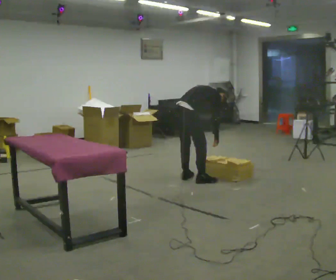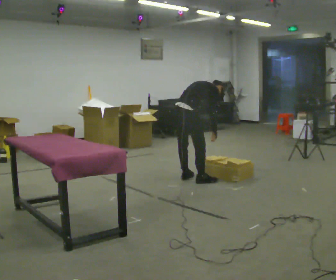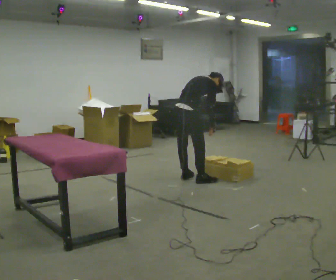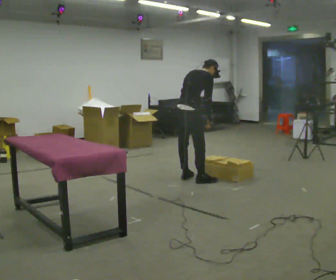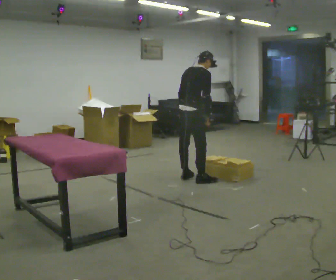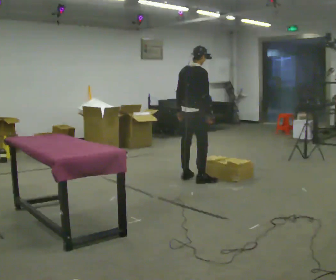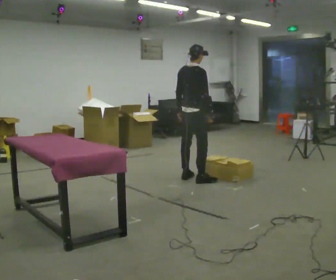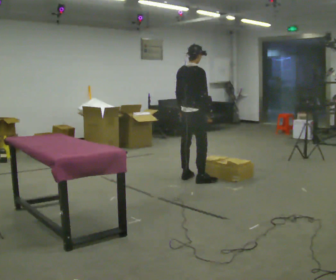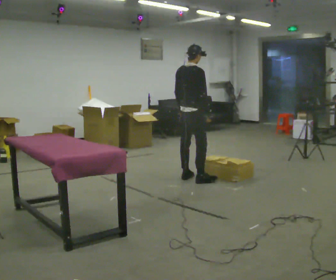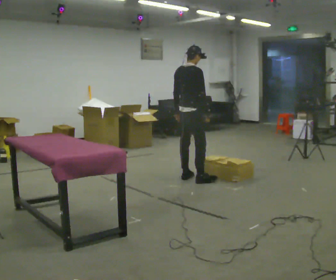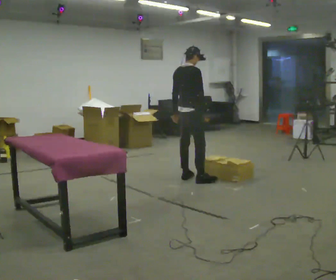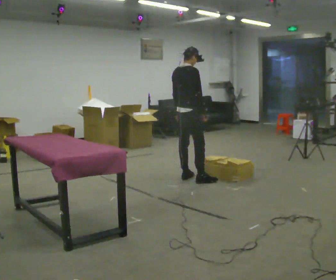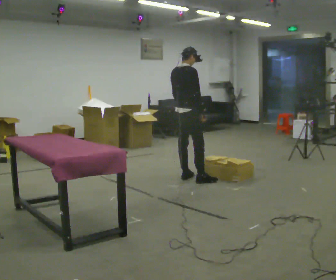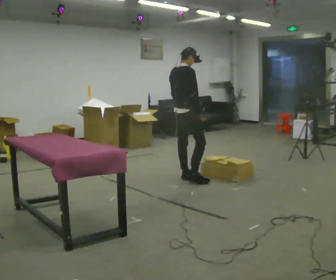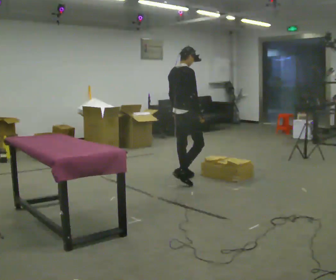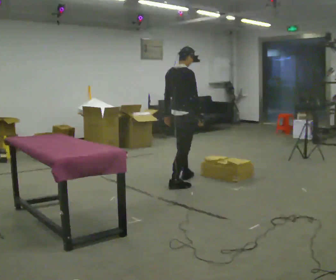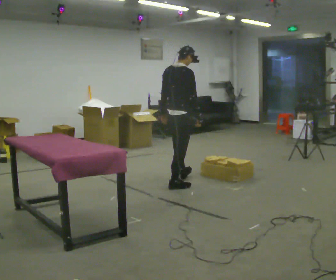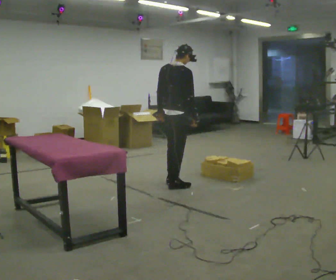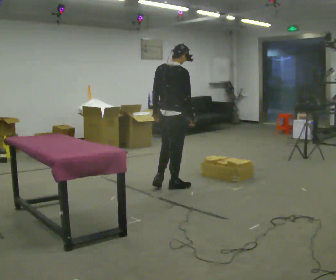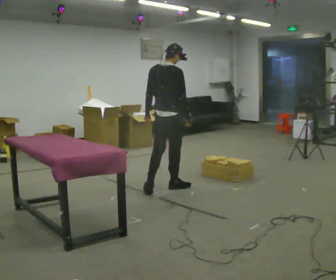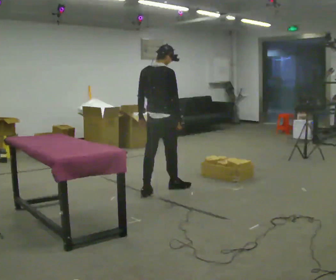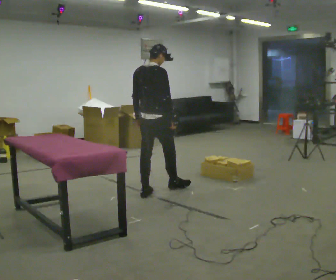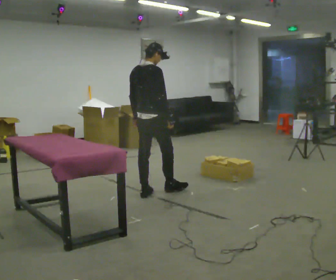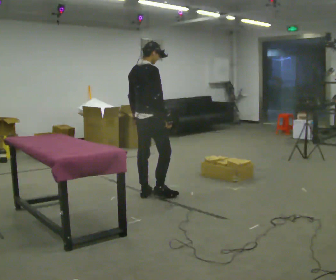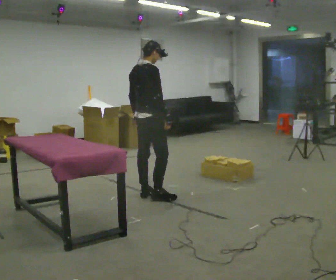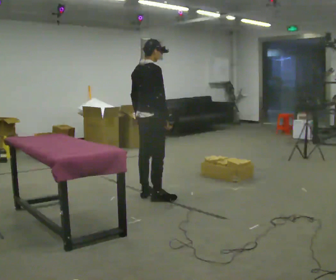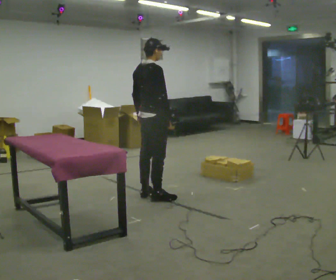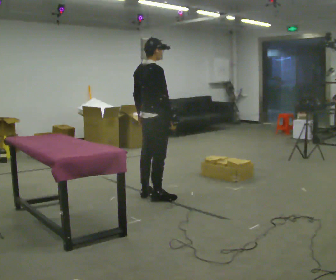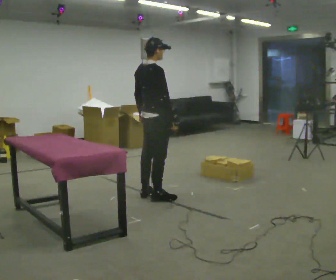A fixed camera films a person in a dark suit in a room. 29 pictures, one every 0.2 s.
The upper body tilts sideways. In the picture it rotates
counterclockwise.
The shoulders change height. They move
upward.
0.0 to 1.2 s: The upper body goes upward. In the picture the upper body tilts counterclockwise, shoulders to the left, as they lean back or straighten. In the picture their right hand goes upward.
1.2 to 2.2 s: The person moves a little, or ends about where they began.
2.2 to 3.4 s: In the picture they go toward the camera and to the left, about 0.5 m in 2 steps, which for them is backward and to their right.
3.4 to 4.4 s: In the picture they go to the left and toward the camera, about 0.5 m in 1 step, which for them is backward.
4.4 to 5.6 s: The person moves a little, or ends about where they began.
The film runs backward here.
